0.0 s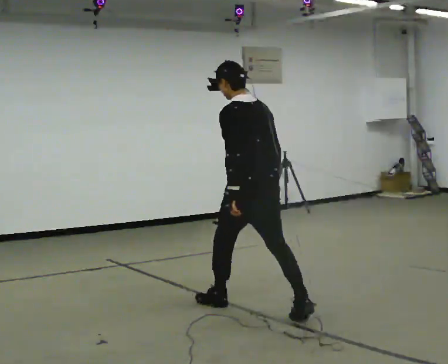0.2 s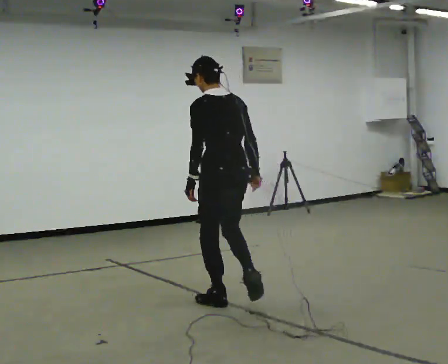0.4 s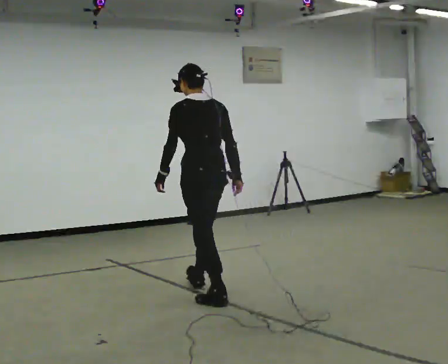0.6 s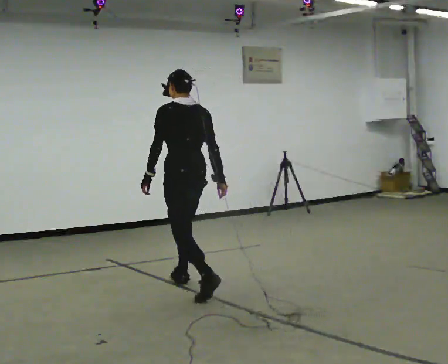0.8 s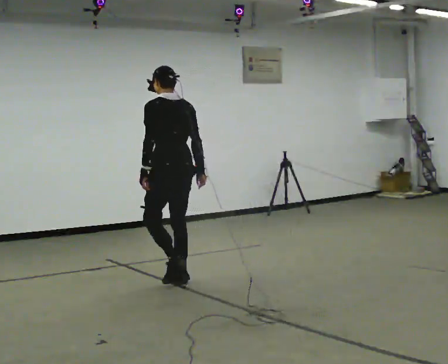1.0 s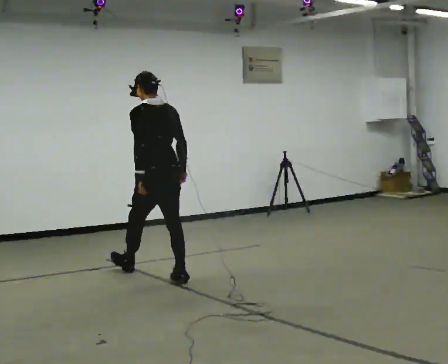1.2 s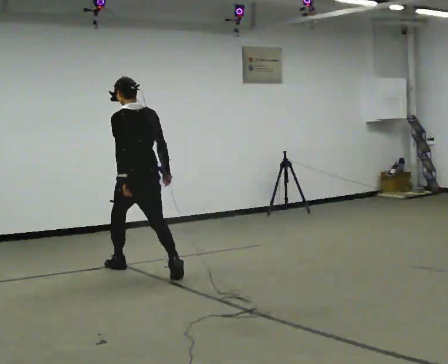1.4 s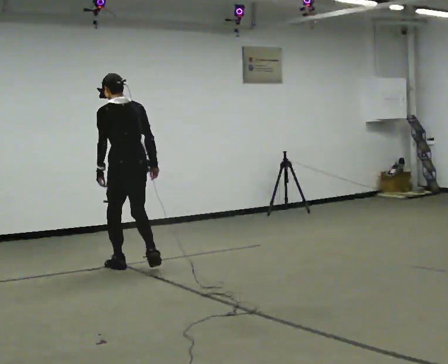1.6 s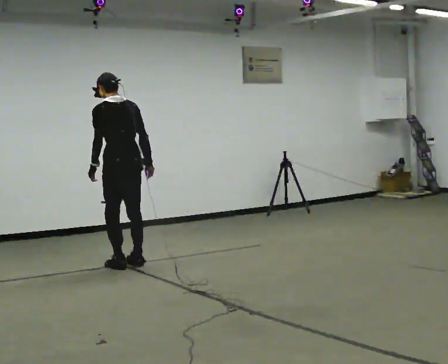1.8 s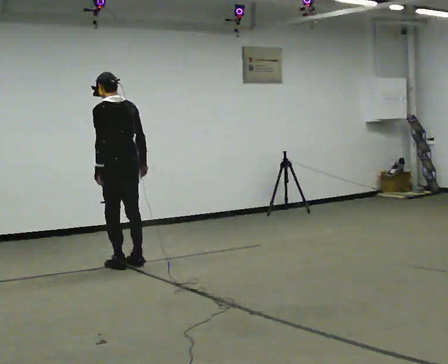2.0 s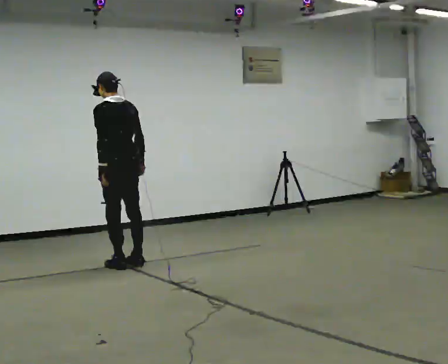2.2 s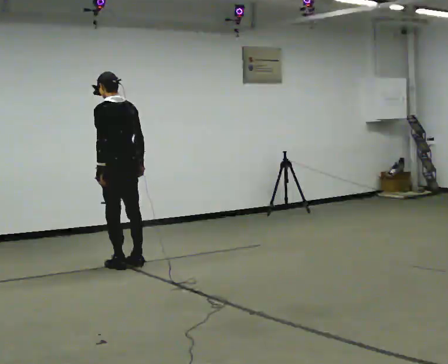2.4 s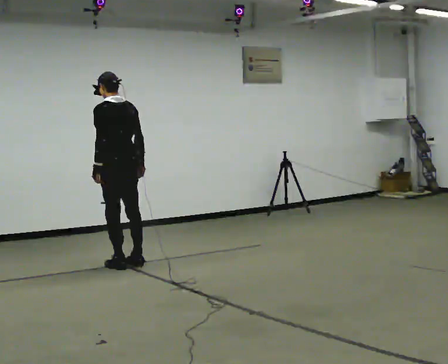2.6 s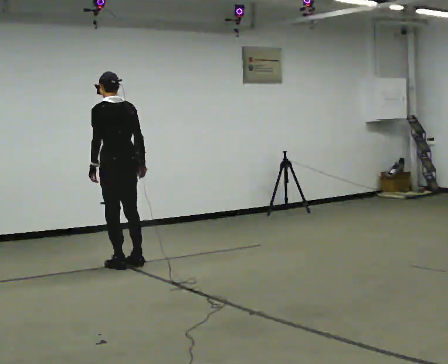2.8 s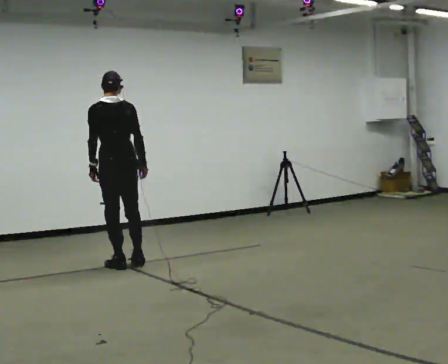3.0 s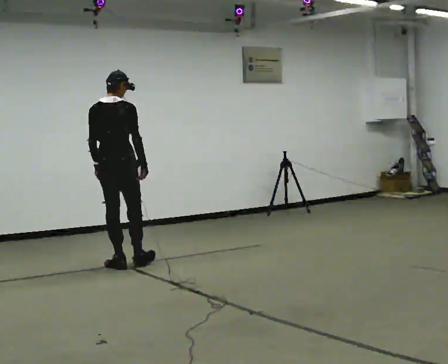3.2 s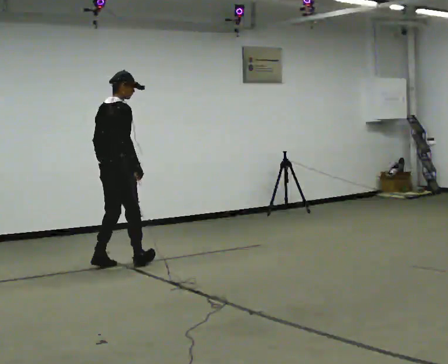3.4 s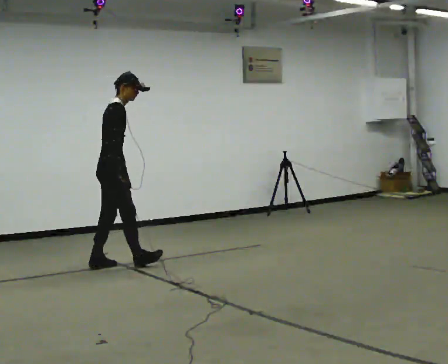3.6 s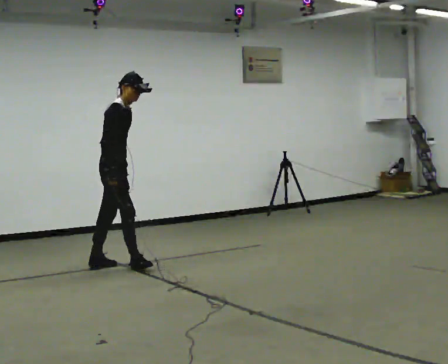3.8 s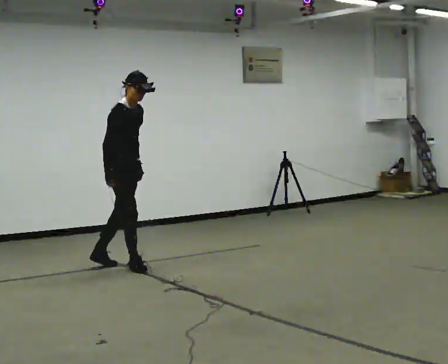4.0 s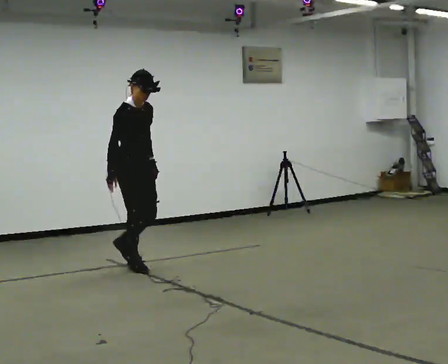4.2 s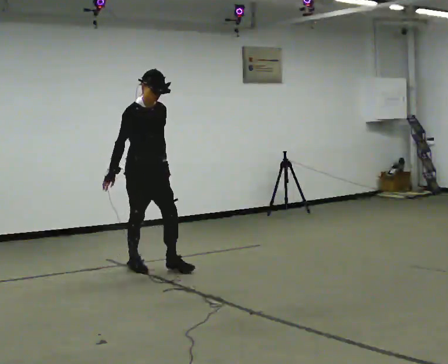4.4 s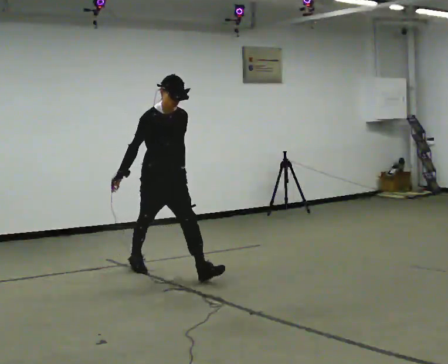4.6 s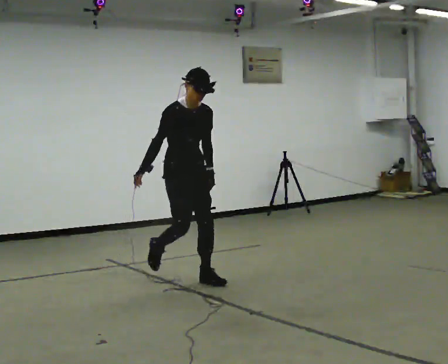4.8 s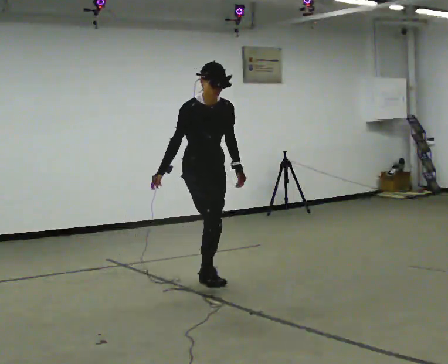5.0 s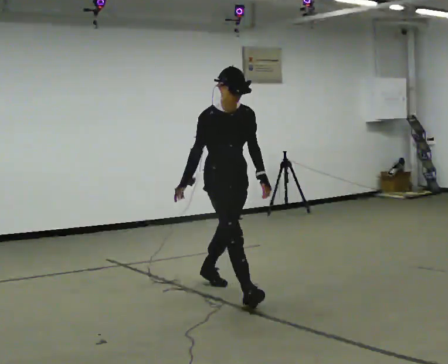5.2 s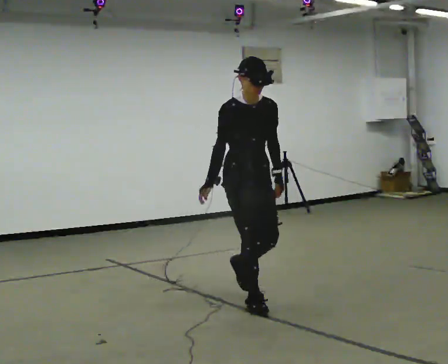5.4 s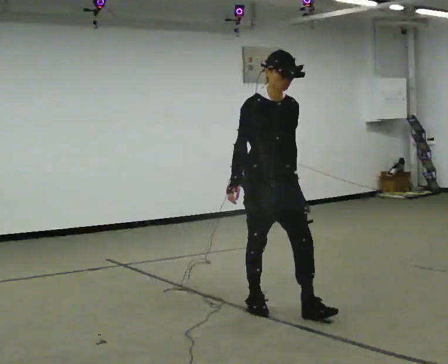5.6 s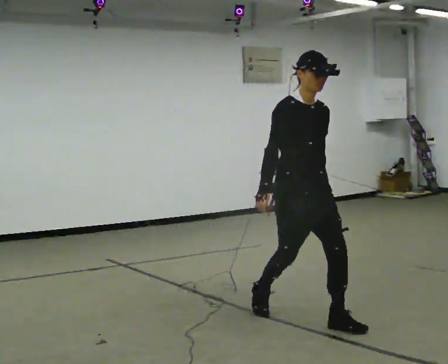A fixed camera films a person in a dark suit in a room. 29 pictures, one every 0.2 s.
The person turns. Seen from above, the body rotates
clockwise.
The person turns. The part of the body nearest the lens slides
to the left.
0.0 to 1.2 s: In the picture they go away from the camera and to the left, about 1.5 m in 2 steps, which for them is forward.
1.2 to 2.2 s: In the picture they go away from the camera, about 0.25 m in 1 step, which for them is forward.
2.2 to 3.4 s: Seen from above the body turns clockwise, about 120 degrees: to their right, with its near side sliding to the left. In the picture they go to the left, about 0.25 m in 1 step. In the picture the upper body tilts clockwise, shoulders to the right.
3.4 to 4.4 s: Seen from above the body turns clockwise, about 75 degrees: to their right, with its near side sliding to the left. In the picture they go to the right and toward the camera, about 0.75 m. The upper body tips toward the camera, its near side rolling downward.
4.4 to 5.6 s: In the picture they go toward the camera and to the right, about 1.5 m in 3 steps, which for them is forward.
The film runs forward here.
